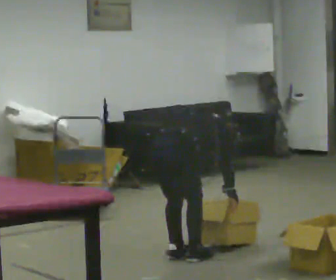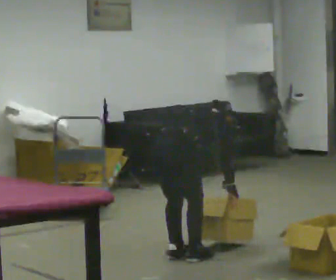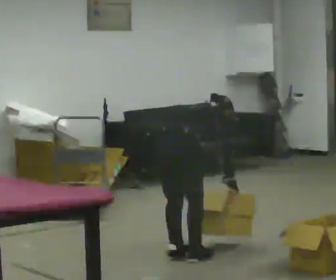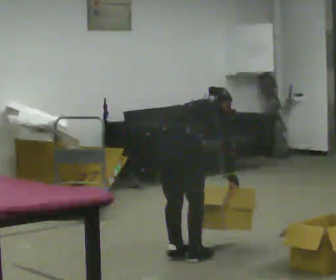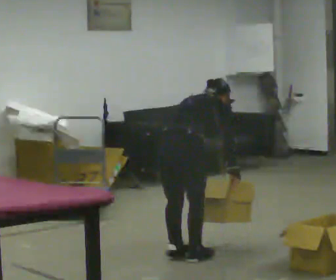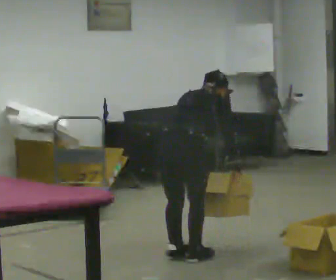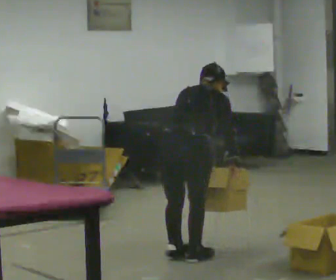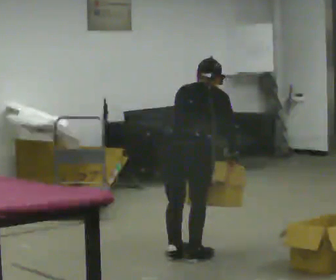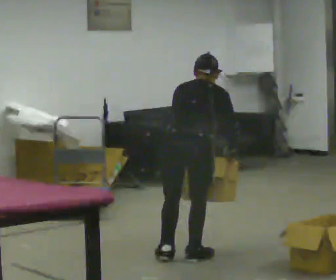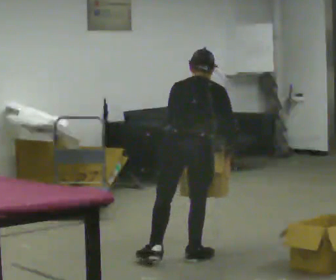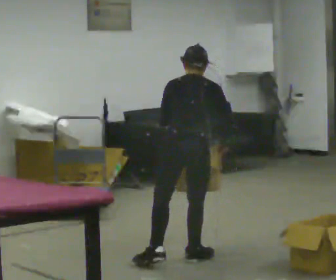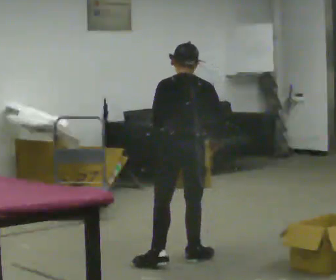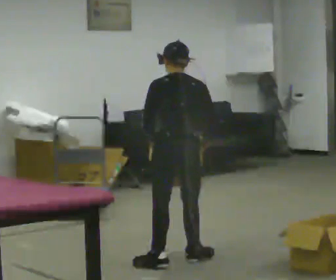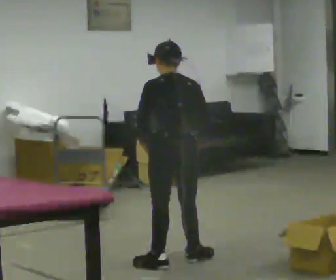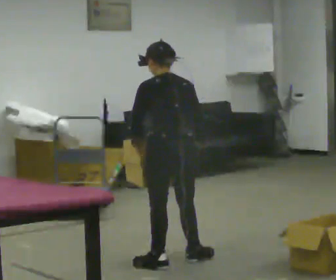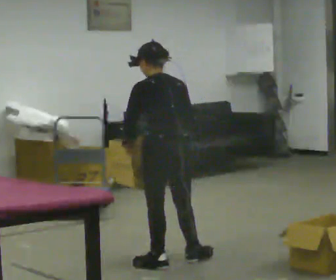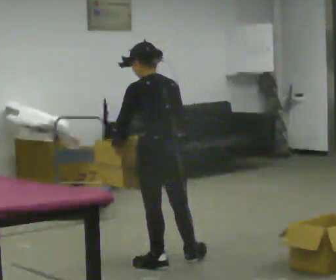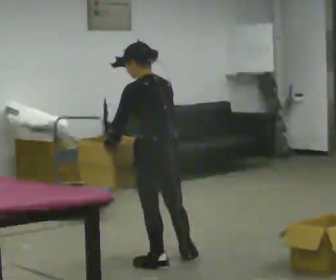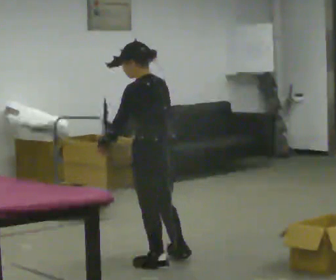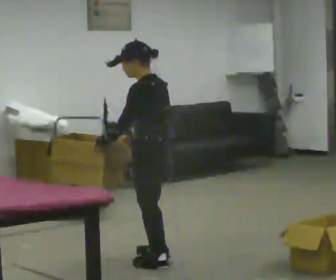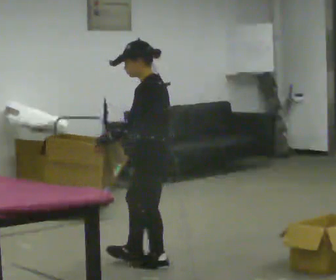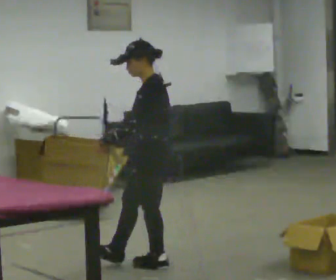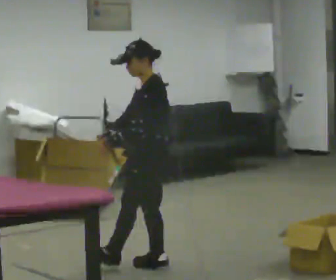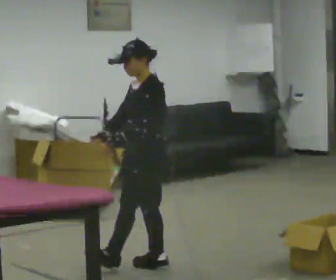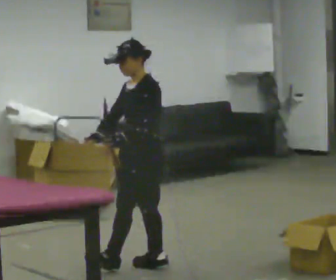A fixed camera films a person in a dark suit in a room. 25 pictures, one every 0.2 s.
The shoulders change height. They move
upward.
Their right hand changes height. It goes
upward.
0.0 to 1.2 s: The shoulders move upward. In the picture the upper body tilts counterclockwise, shoulders to the left, as they lean back or straighten.
1.2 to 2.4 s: Seen from above the body turns counterclockwise, about 45 degrees: to their left, with its near side sliding to the right. In the picture the upper body tilts counterclockwise, shoulders to the left, as they lean back or straighten.
2.4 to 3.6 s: The person turns about 45 degrees to their left, counterclockwise seen from above, so the part of the body nearest the lens slides to the right. In the picture their right hand goes to the left.
3.6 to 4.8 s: Seen from above the body turns counterclockwise, about 60 degrees: to their left, with its near side sliding to the right. In the picture their right hand goes to the left.
The film runs forward here.
